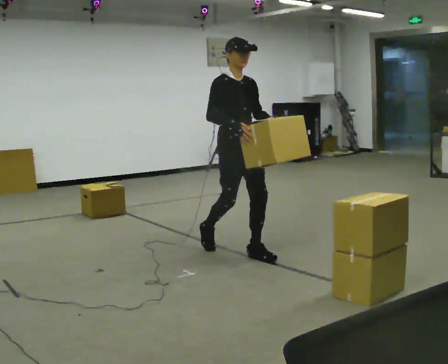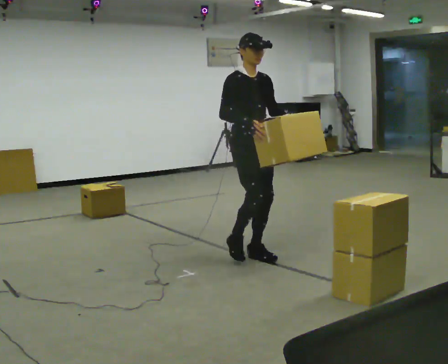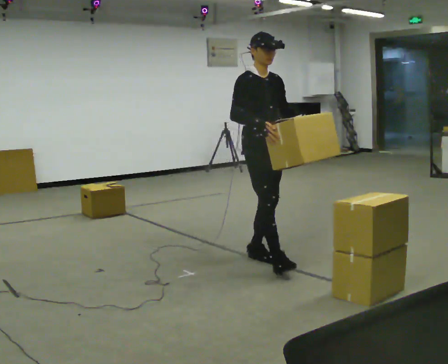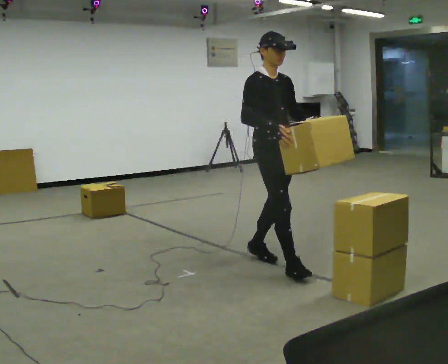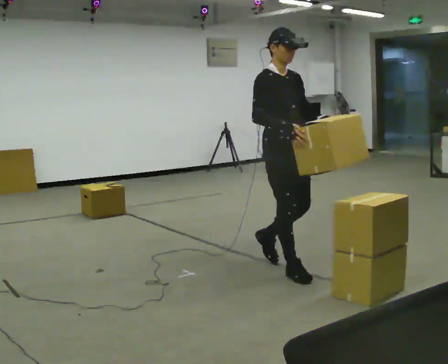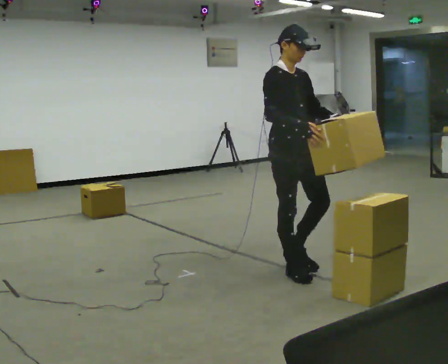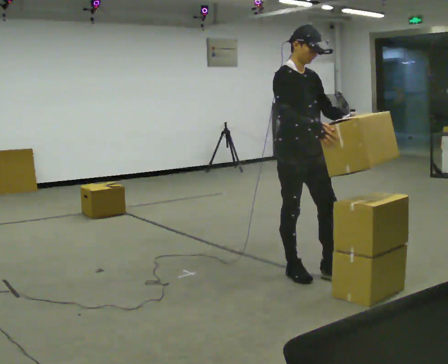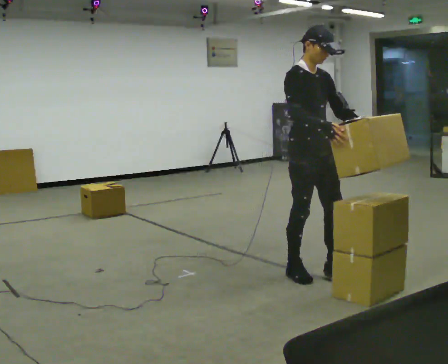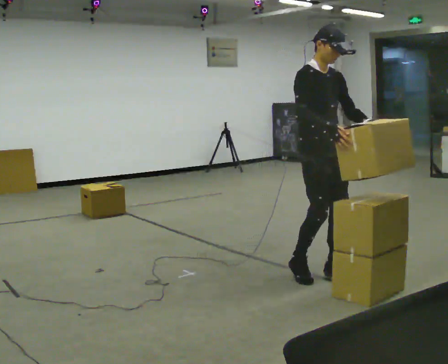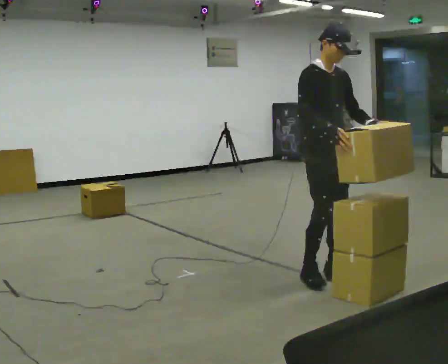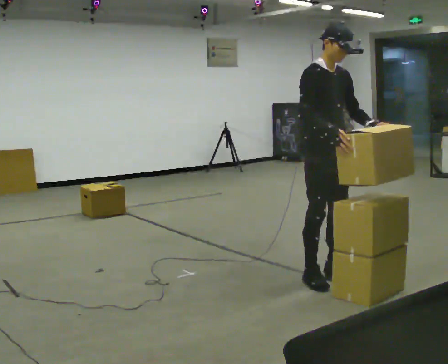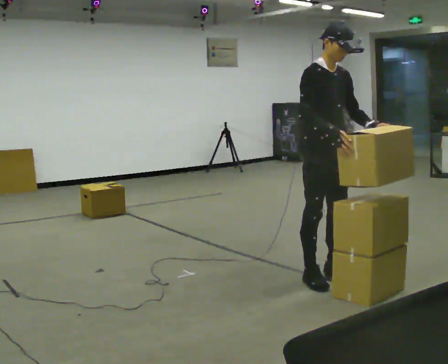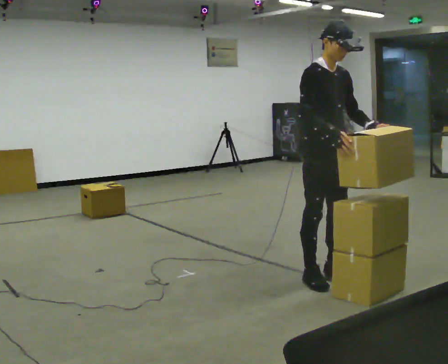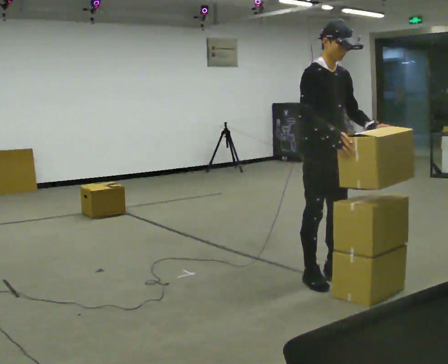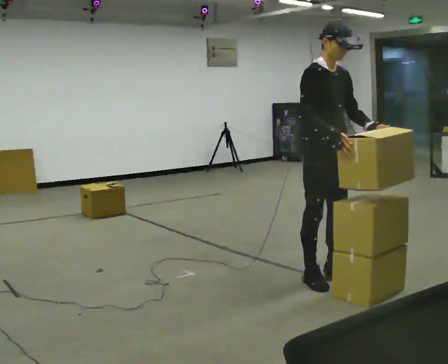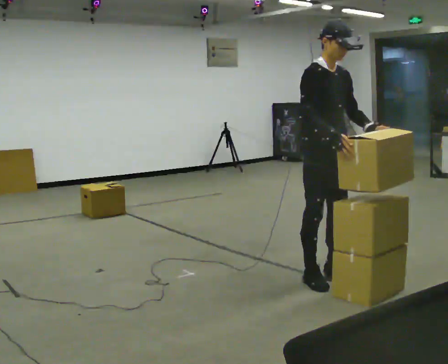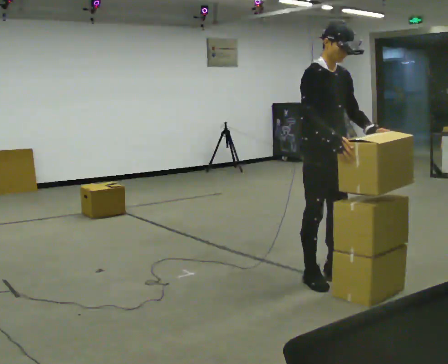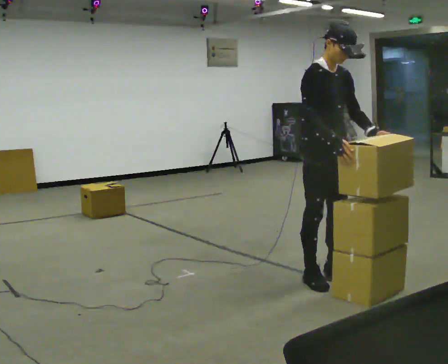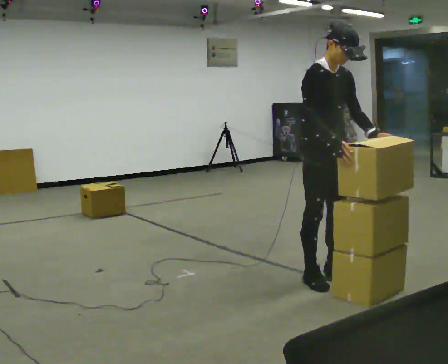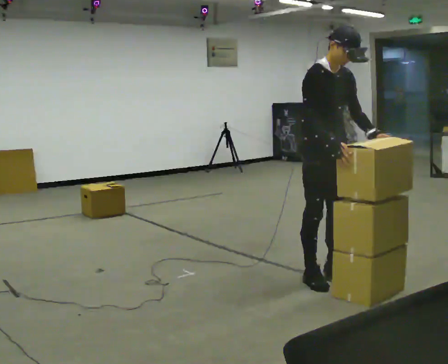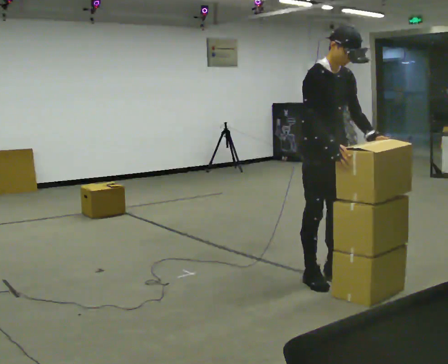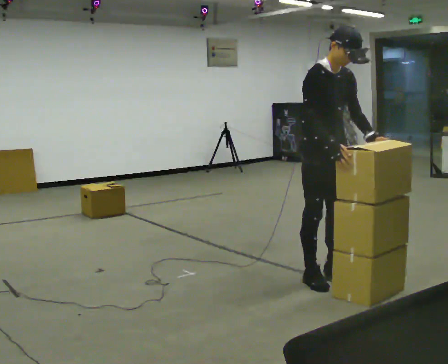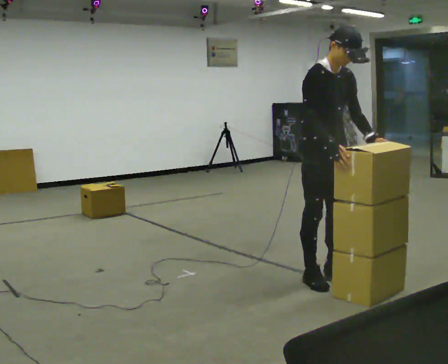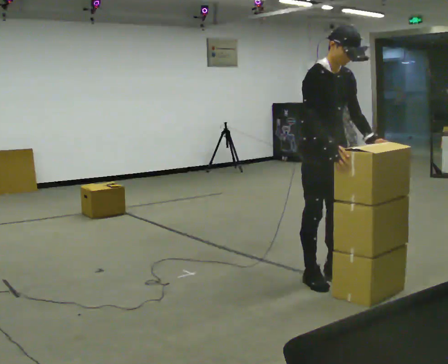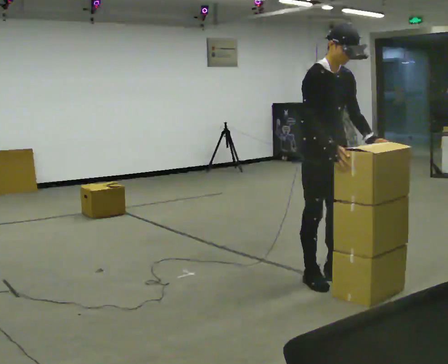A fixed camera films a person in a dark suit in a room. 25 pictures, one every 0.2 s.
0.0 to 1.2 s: In the picture they go toward the camera and to the right, about 0.75 m in 1 step, which for them is forward.
1.2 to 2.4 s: In the picture they go to the right, about 0.25 m in 2 steps, which for them is forward.
2.4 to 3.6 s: The person moves a little, or ends about where they began.
3.6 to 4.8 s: The person keeps their place and pose.
The film runs forward here.
